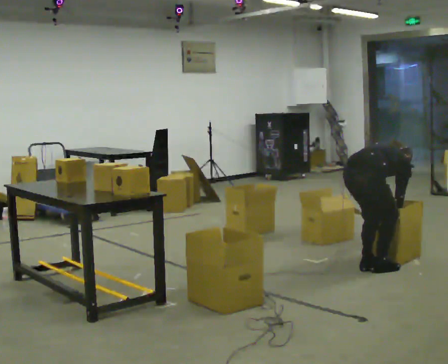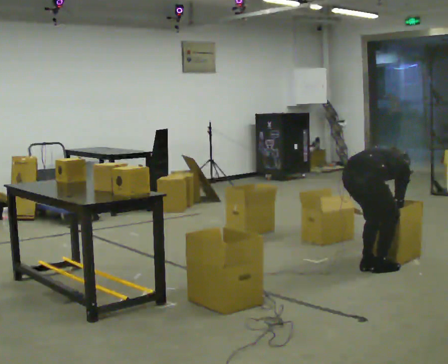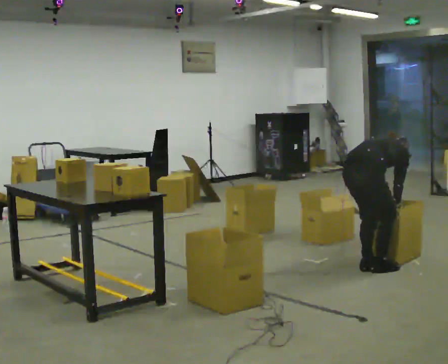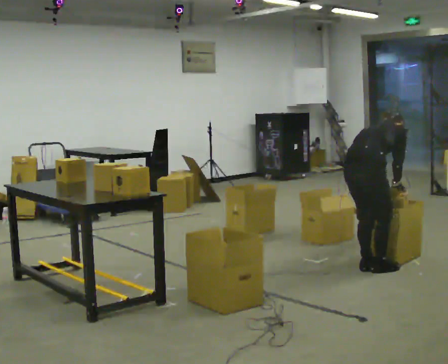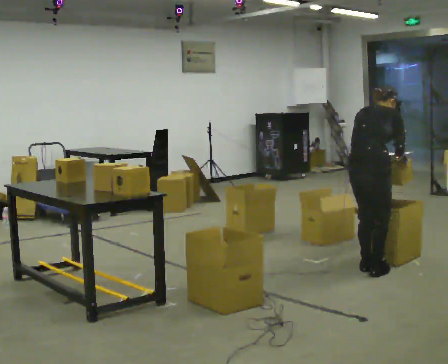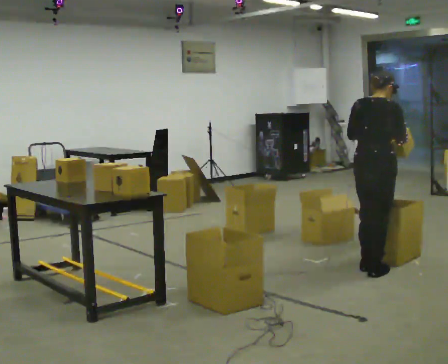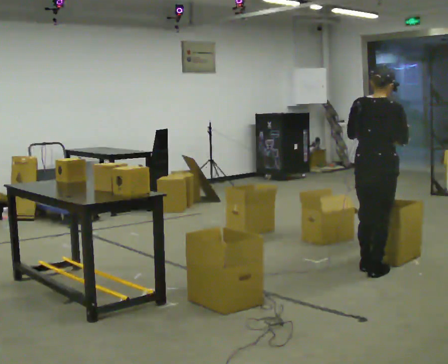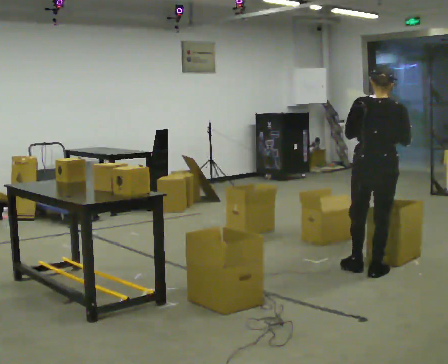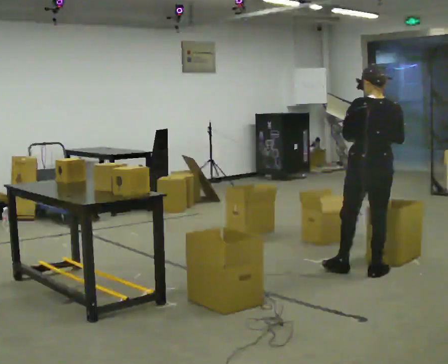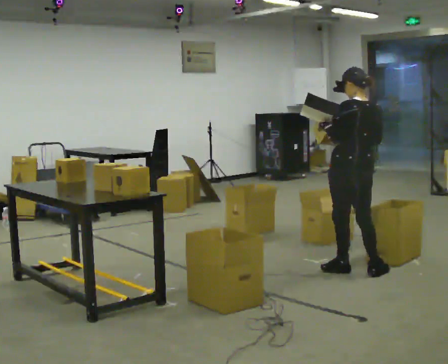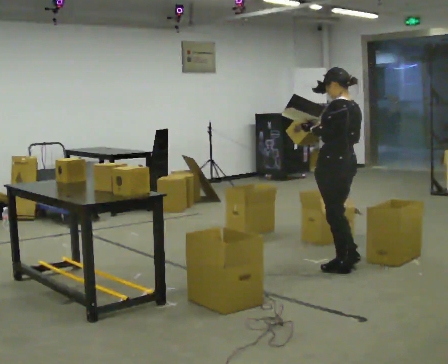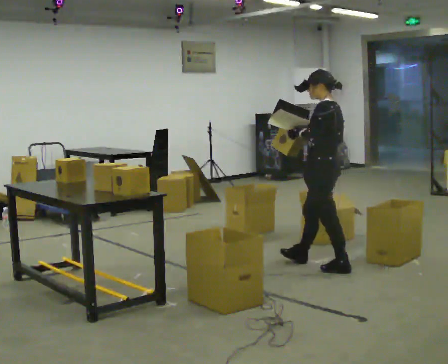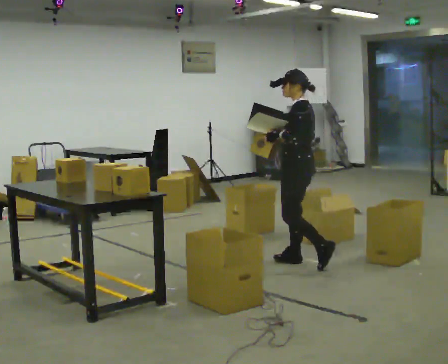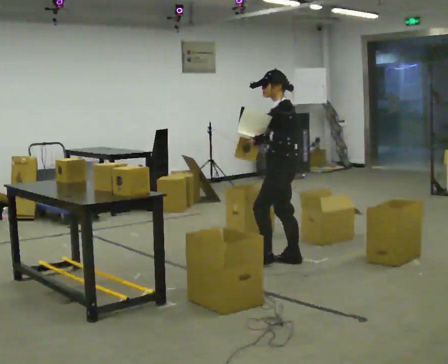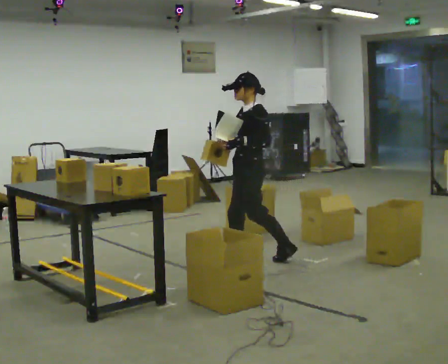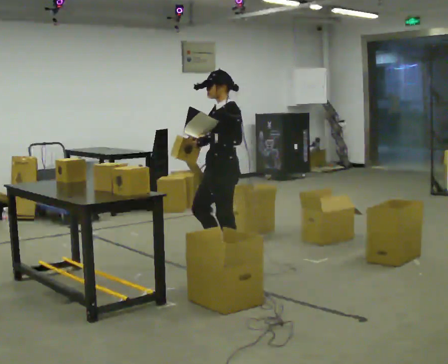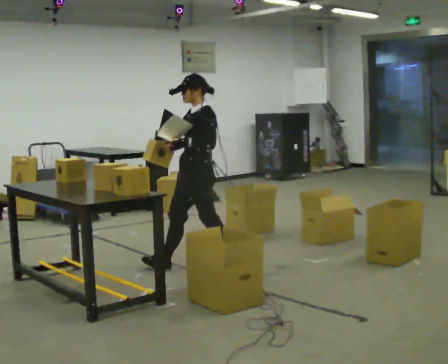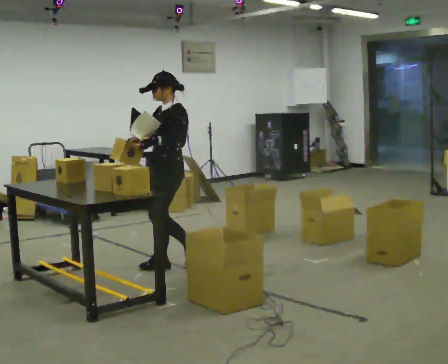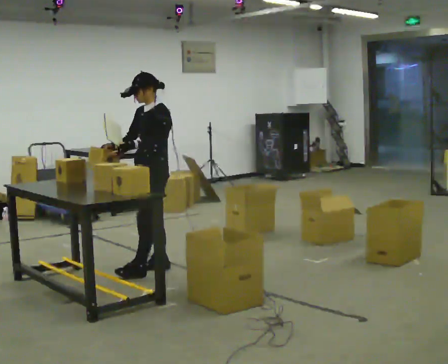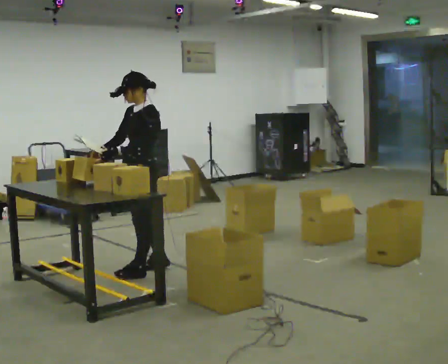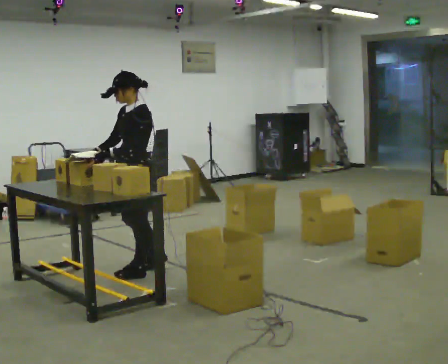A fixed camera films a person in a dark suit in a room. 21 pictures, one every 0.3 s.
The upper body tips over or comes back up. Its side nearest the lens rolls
downward.
The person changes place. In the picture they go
to the left.
0.0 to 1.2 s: The upper body goes upward. In the picture the upper body tilts counterclockwise, shoulders to the left, as they lean back or straighten. In the picture their left hand goes upward.
1.2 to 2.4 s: The part of the body nearest the lens slides to the right as the person turns to their left by about 60 degrees. The upper body tips toward the camera, its near side rolling downward, as they lean back or straighten.
2.4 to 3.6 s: The part of the body nearest the lens slides to the right as the person turns to their left by about 75 degrees. In the picture they go to the left and away from the camera, about 0.5 m in 1 step.
3.6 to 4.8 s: The person turns about 30 degrees to their left, counterclockwise seen from above, so the part of the body nearest the lens slides to the right. In the picture they go to the left, about 1 m in 1 step, which for them is forward.
4.8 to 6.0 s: In the picture they go to the left and toward the camera, about 0.5 m in 2 steps, which for them is forward.
The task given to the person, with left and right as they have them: 1. Read the parts list. 2. Collect each part from the bins around the room. 3. Lay them out on the table in the order on the list. 4. Put them all in the carry case. 5. Tell the operator when you are finished.
The film runs forward here.
